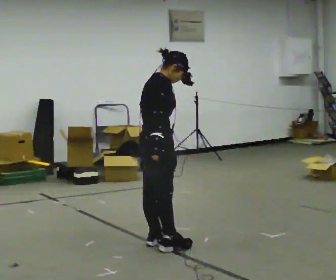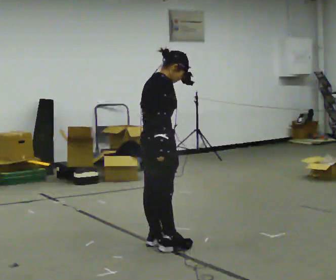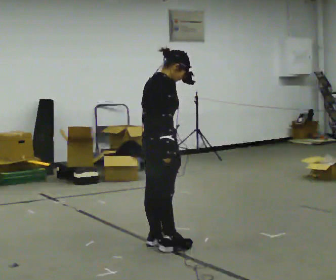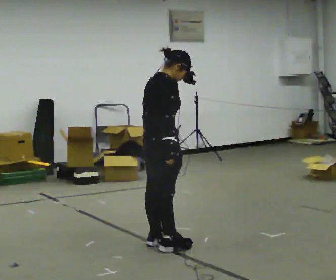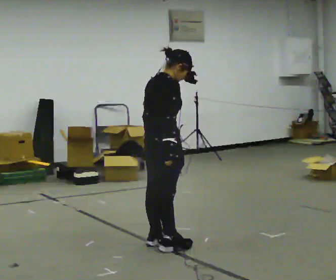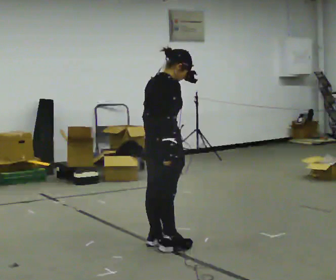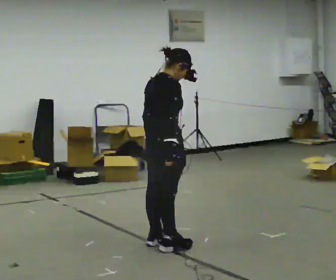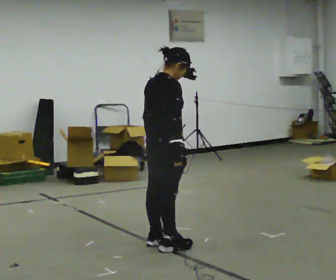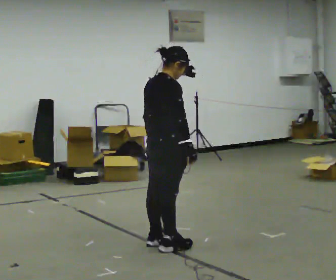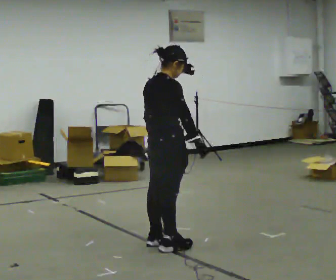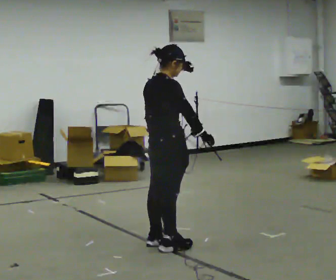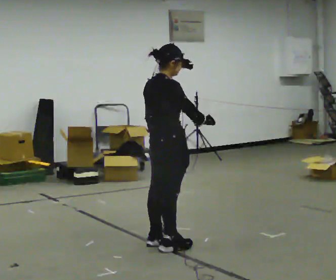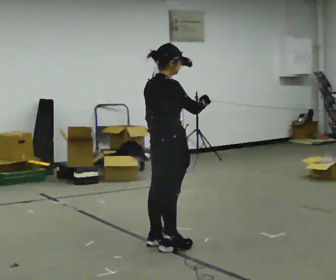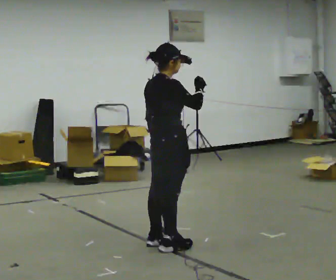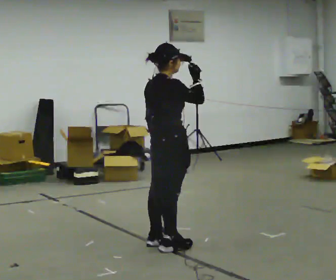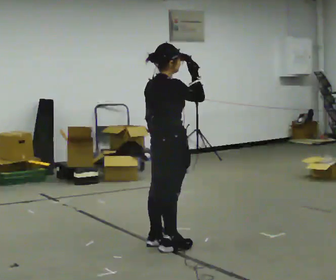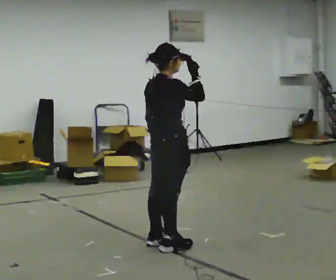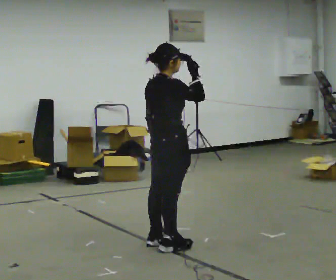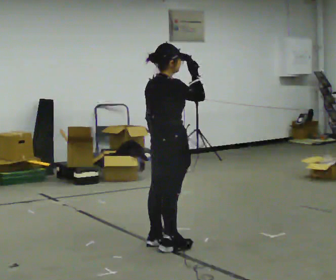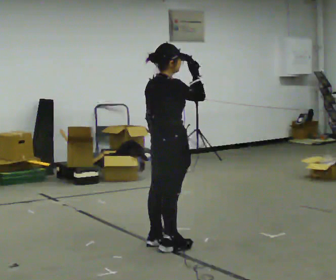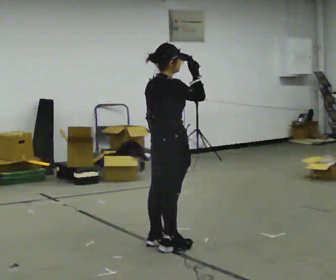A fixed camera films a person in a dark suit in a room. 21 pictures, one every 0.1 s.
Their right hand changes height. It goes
upward.
0.0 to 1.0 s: In the picture their right hand goes to the right.
1.0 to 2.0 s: In the picture their right hand goes upward.
The film runs backward here.
